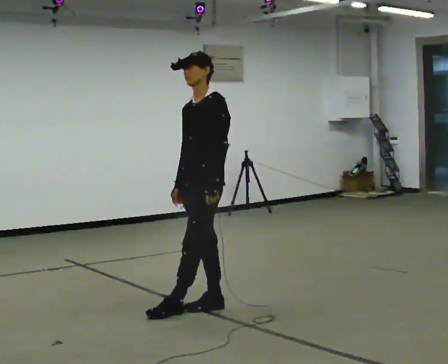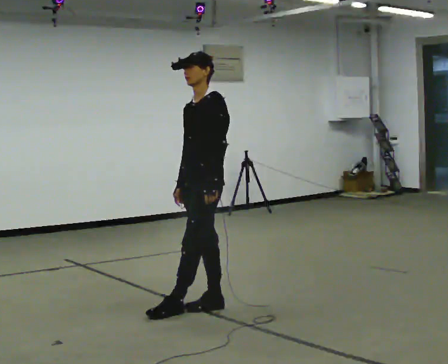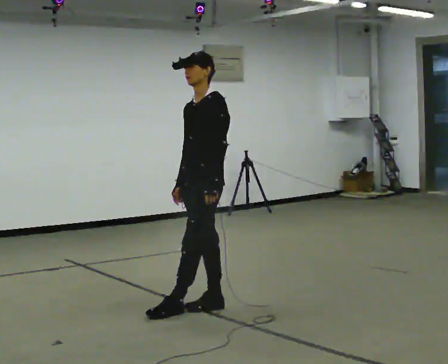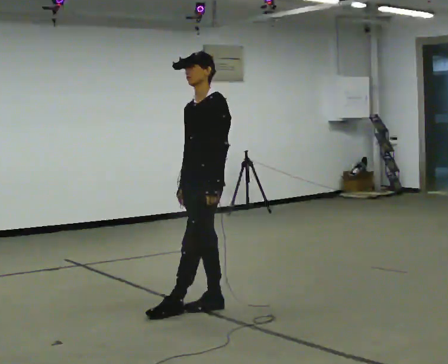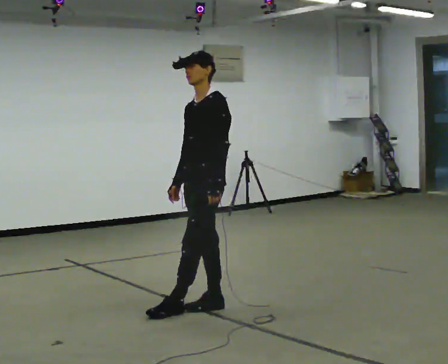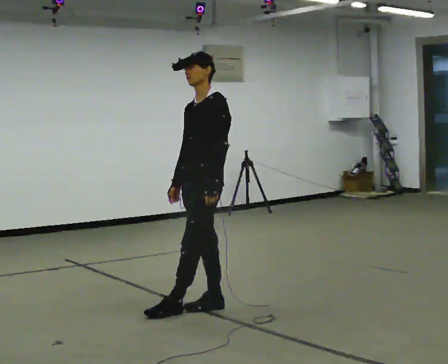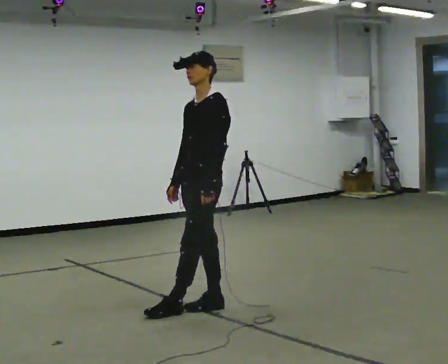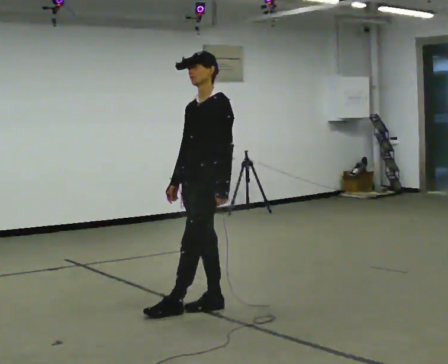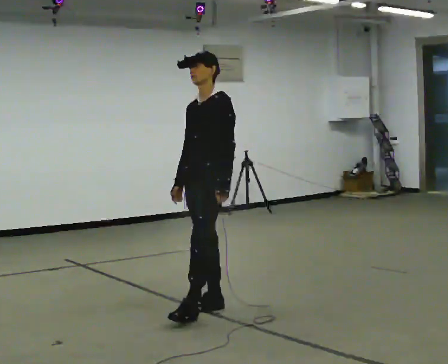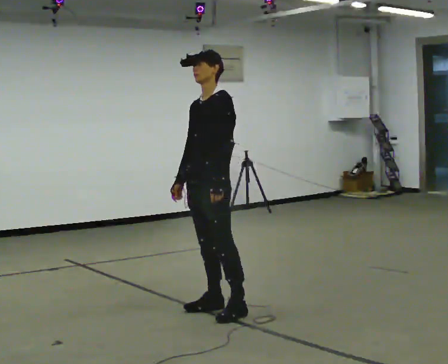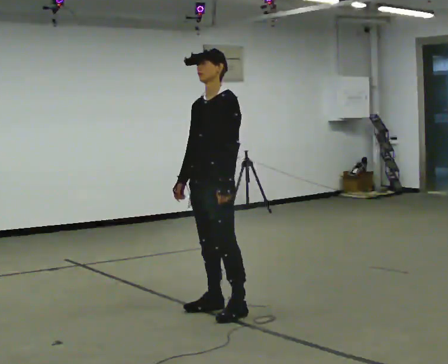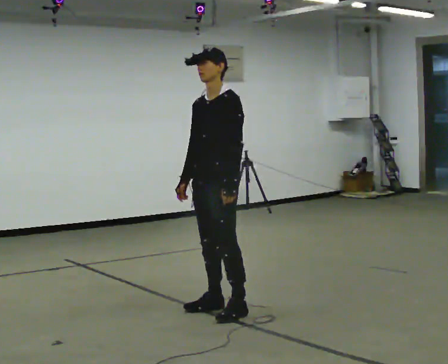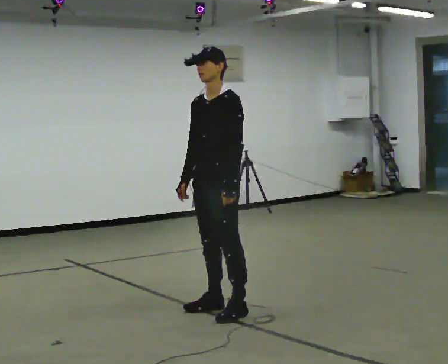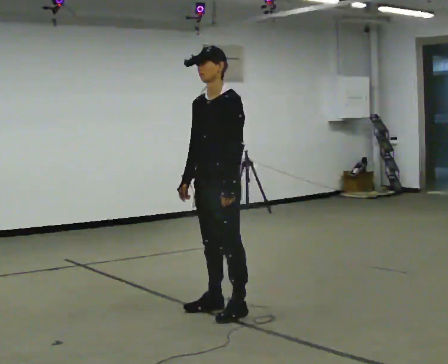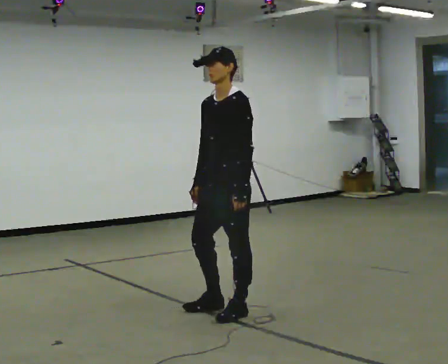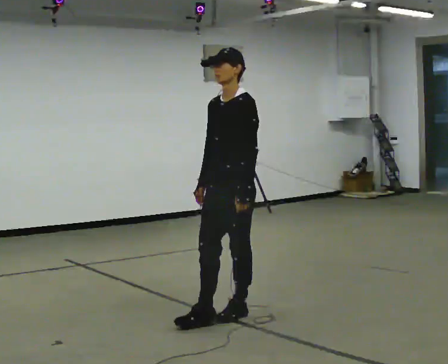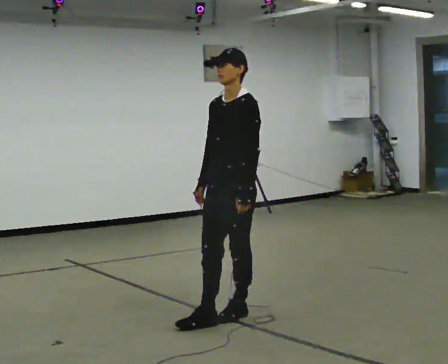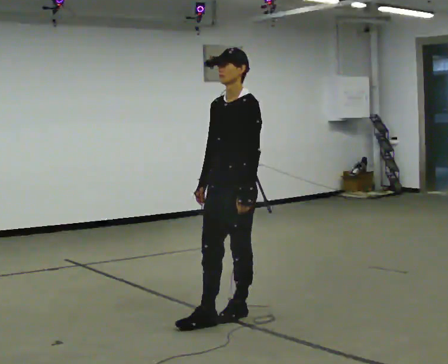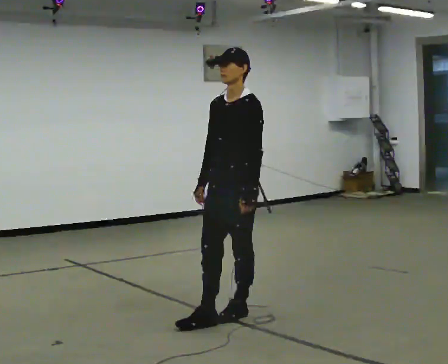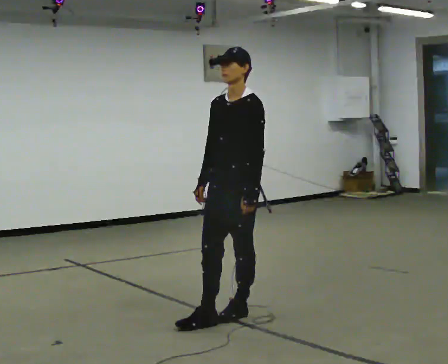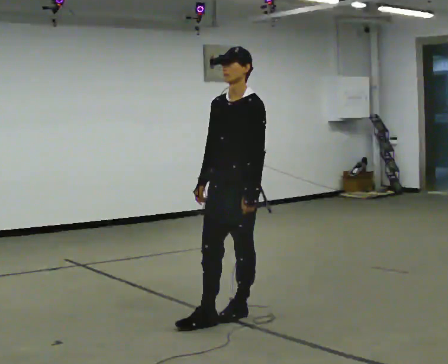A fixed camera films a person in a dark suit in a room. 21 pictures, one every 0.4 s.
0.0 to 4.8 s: The person moves a little, or ends about where they began.
4.8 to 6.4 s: In the picture they go toward the camera, about 0.25 m in 1 step, which for them is to their left.
6.4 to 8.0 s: The person moves a little, or ends about where they began.
The film runs backward here.
